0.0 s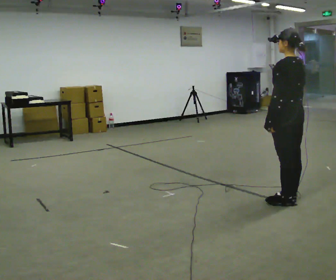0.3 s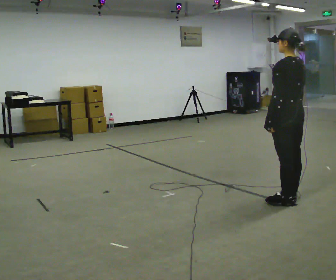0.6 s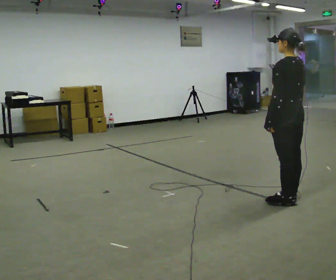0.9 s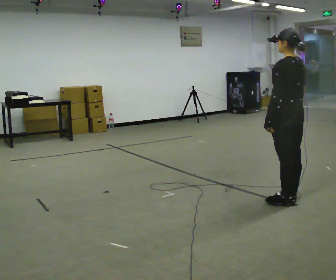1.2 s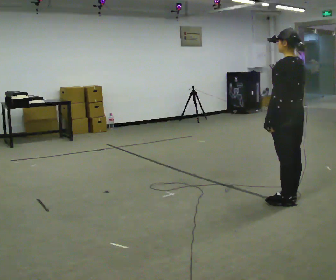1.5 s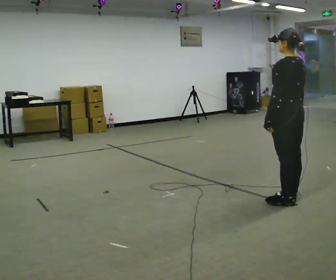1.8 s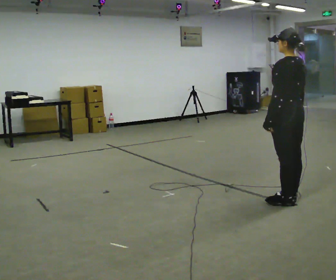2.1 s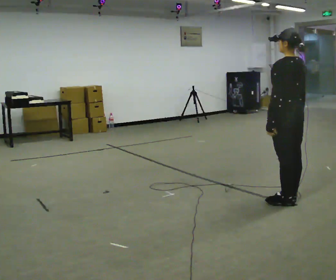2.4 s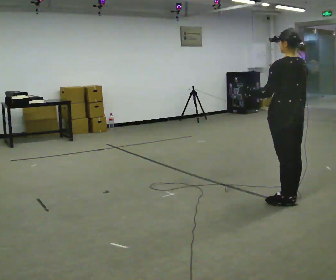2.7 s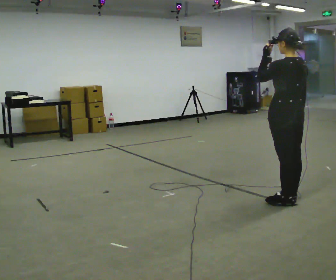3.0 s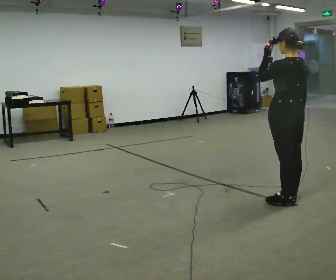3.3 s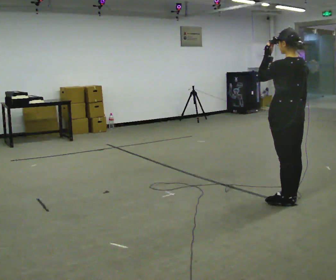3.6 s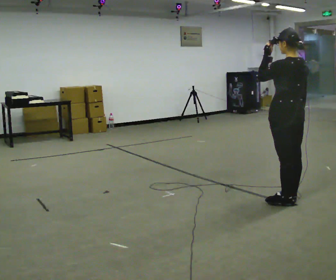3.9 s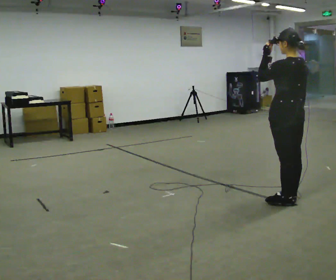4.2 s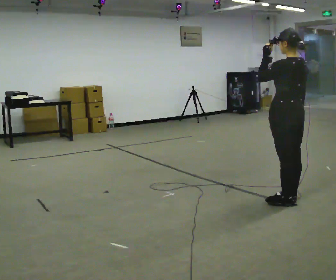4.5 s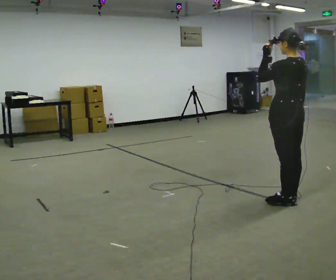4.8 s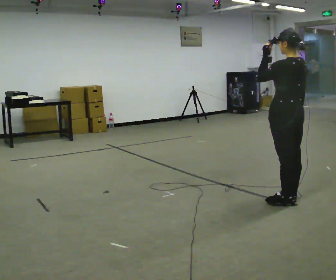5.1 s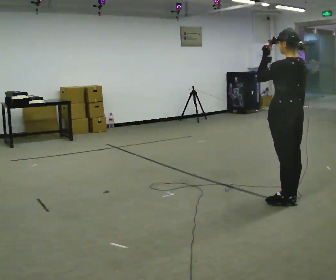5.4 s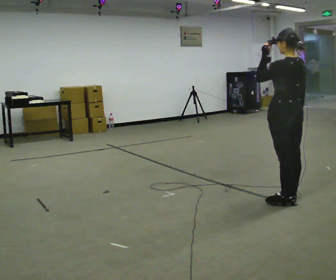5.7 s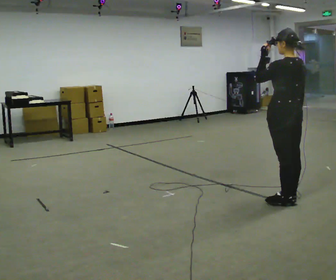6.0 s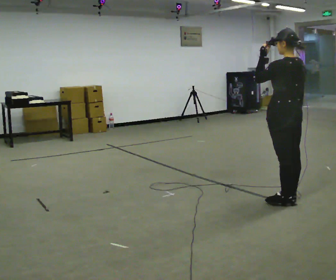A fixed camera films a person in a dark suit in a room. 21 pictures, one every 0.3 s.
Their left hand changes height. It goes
upward.
0.0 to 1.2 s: The person keeps their place and pose.
1.2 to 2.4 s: The person moves a little, or ends about where they began.
2.4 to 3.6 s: In the picture their left hand goes upward.
3.6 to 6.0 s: The person moves a little, or ends about where they began.
The film runs backward here.
